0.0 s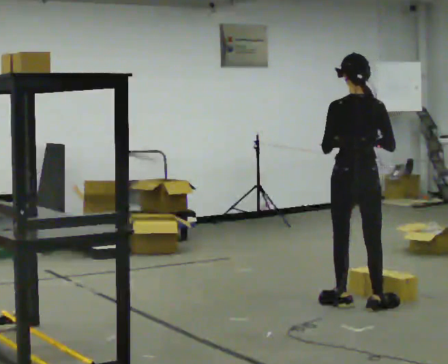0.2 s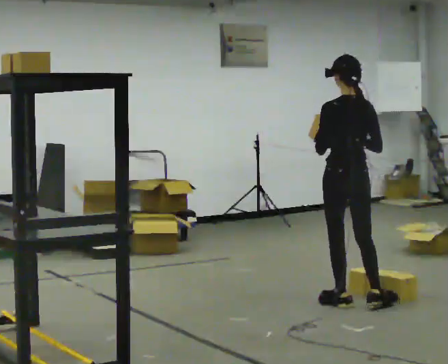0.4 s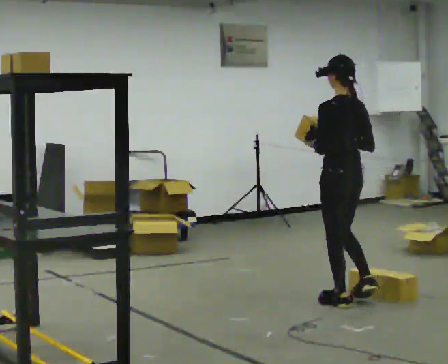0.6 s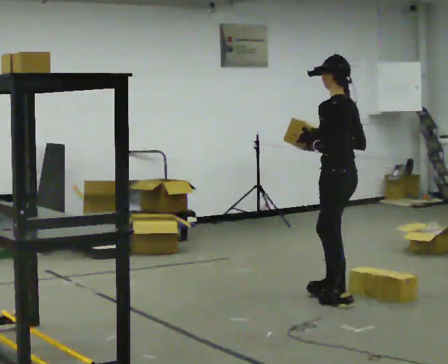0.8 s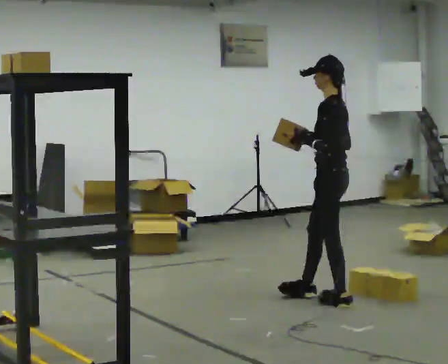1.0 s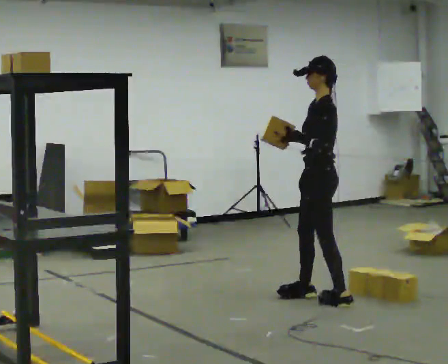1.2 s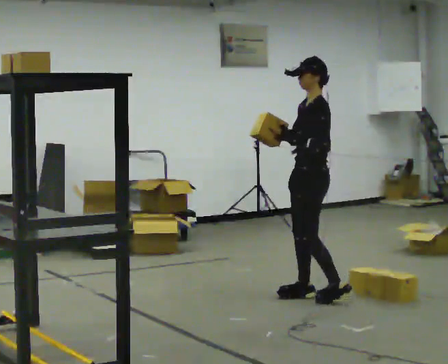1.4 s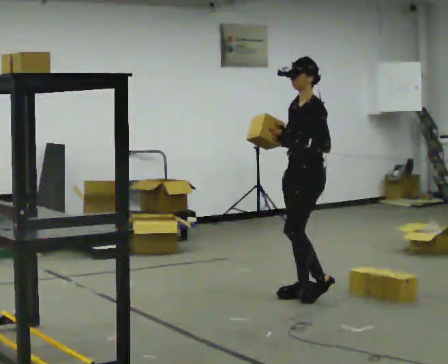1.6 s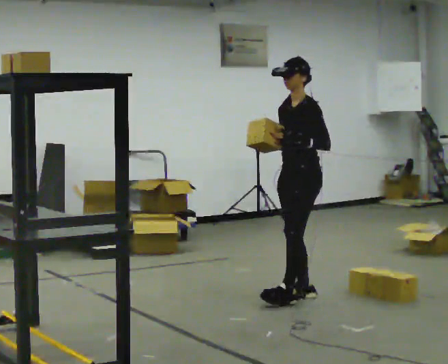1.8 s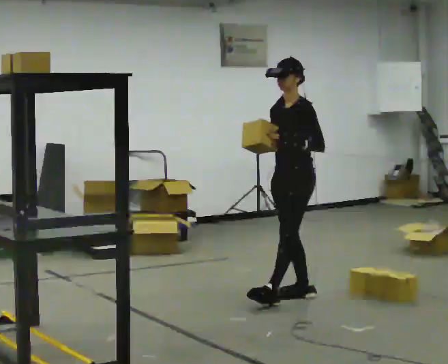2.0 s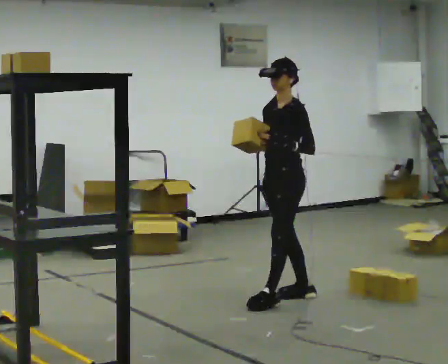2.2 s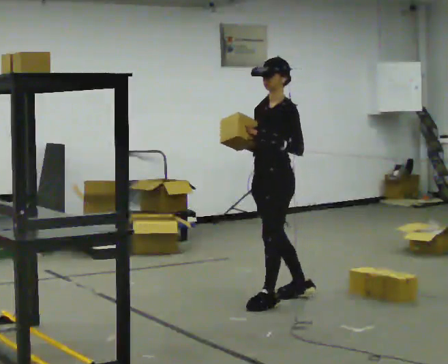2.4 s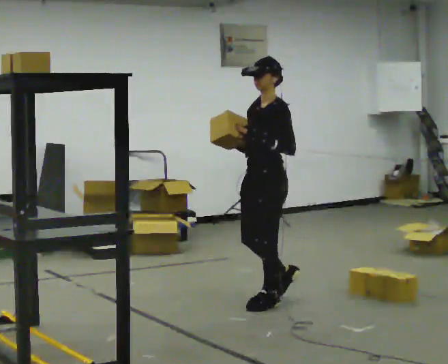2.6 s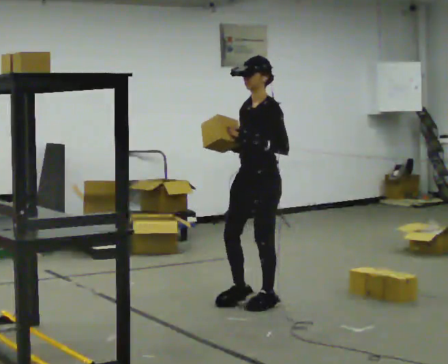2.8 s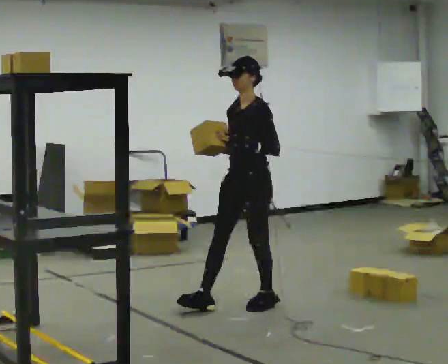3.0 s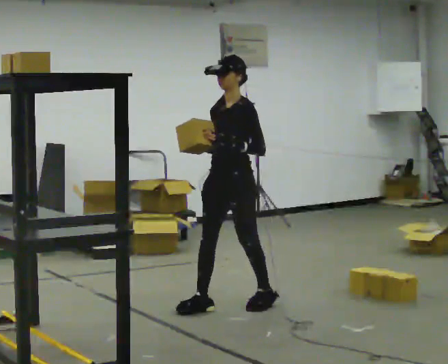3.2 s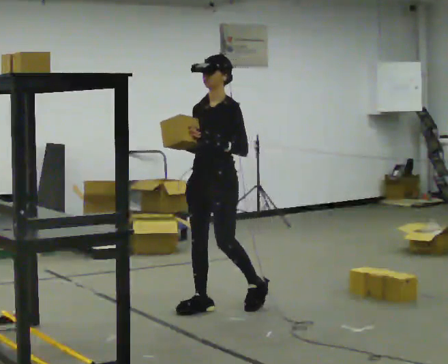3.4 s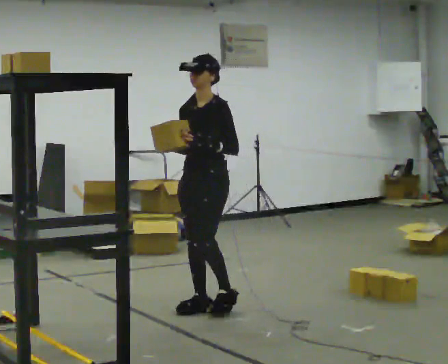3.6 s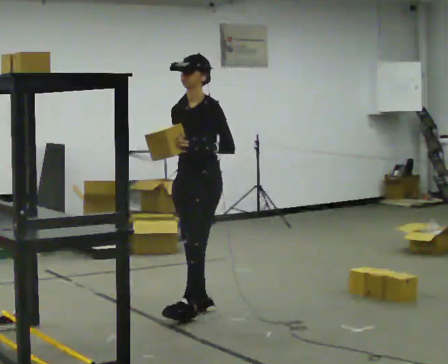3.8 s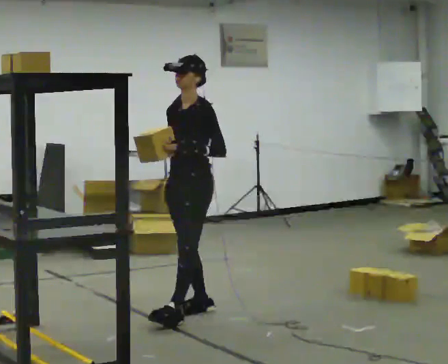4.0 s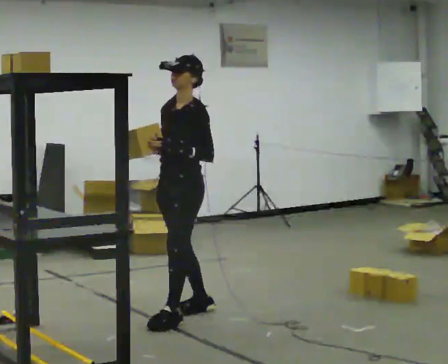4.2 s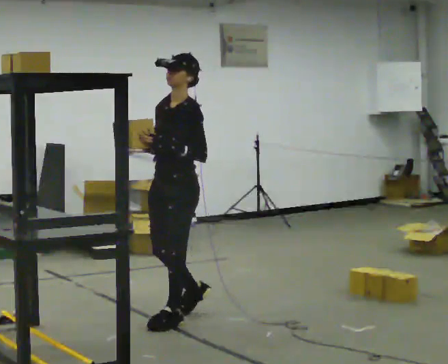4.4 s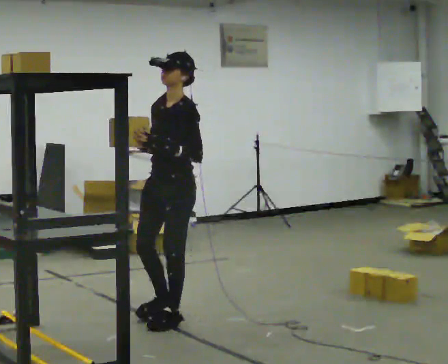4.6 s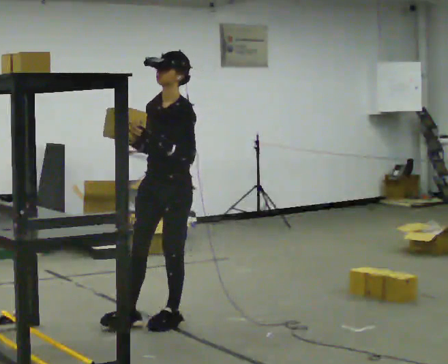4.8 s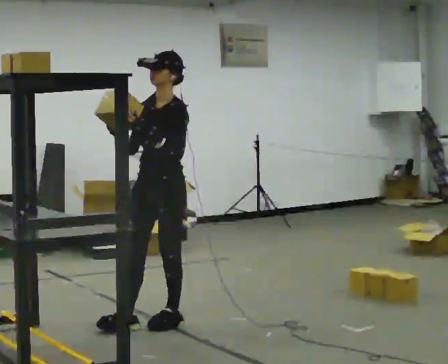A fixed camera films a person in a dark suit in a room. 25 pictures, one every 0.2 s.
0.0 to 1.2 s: Seen from above the body turns counterclockwise, about 90 degrees: to their left, with its near side sliding to the right. In the picture they go away from the camera and to the left, about 0.25 m in 1 step.
1.2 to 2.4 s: In the picture they go to the left and toward the camera, about 0.25 m in 1 step, which for them is forward.
2.4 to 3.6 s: In the picture they go to the left and toward the camera, about 0.5 m in 1 step, which for them is forward.
3.6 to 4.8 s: In the picture they go toward the camera and to the left, about 0.5 m in 2 steps, which for them is forward and to their left.
The film runs forward here.
